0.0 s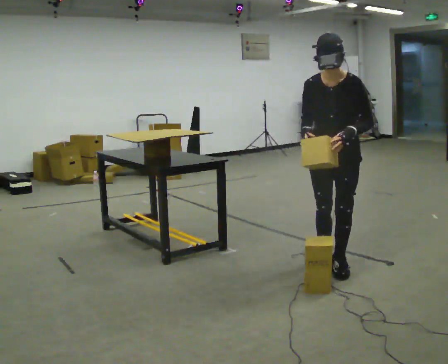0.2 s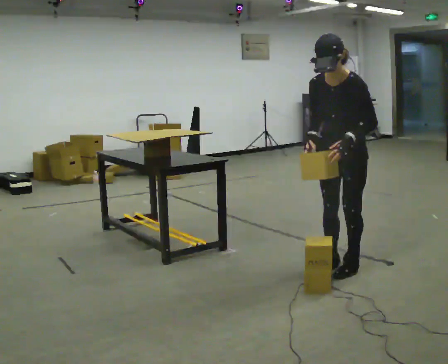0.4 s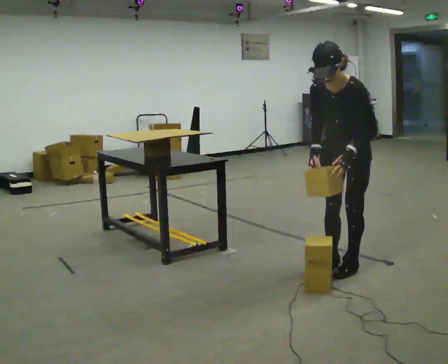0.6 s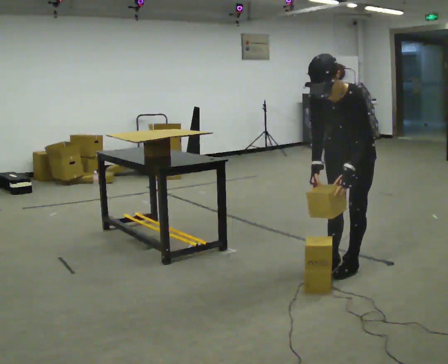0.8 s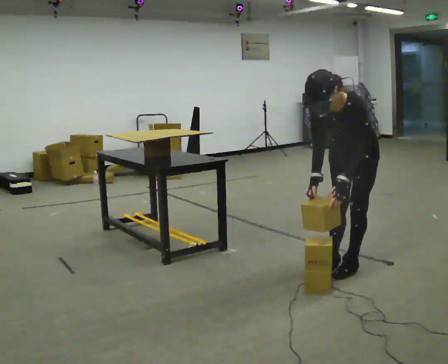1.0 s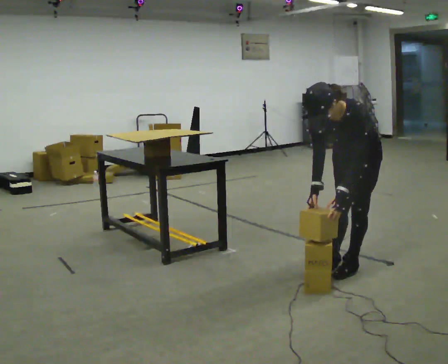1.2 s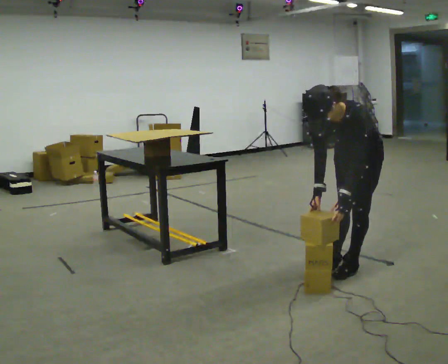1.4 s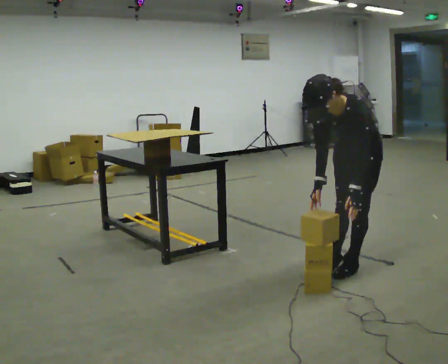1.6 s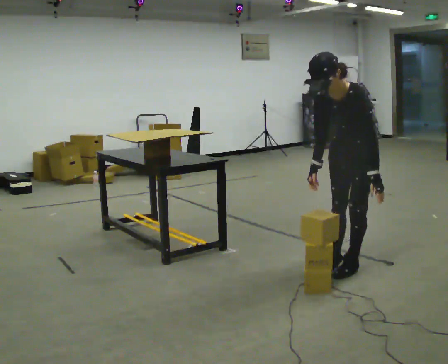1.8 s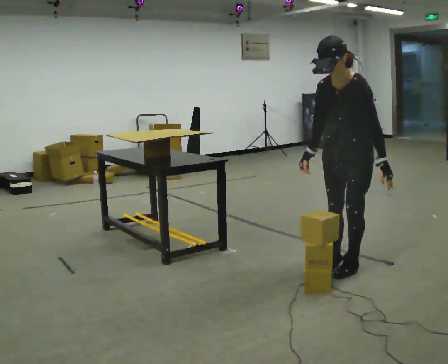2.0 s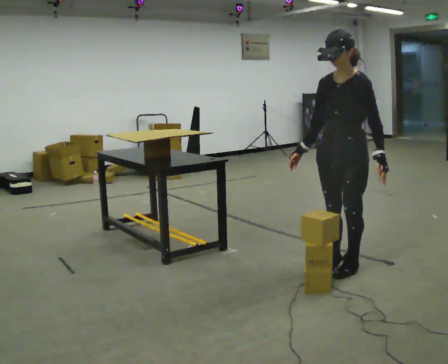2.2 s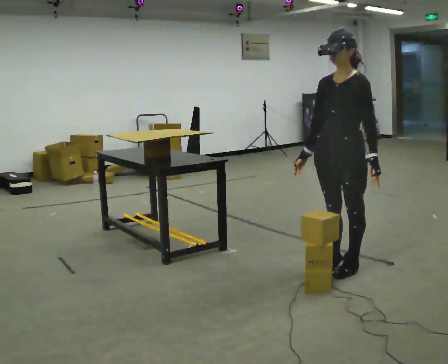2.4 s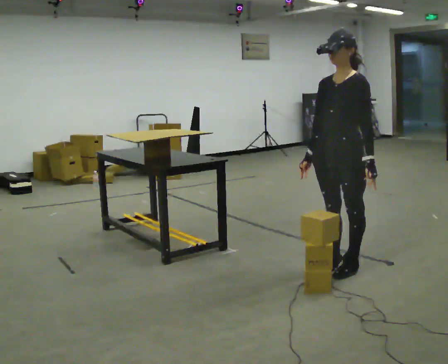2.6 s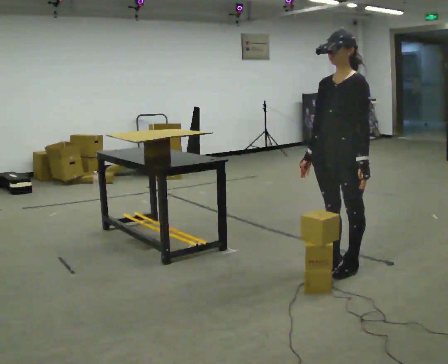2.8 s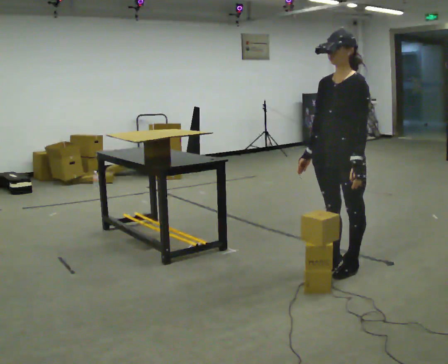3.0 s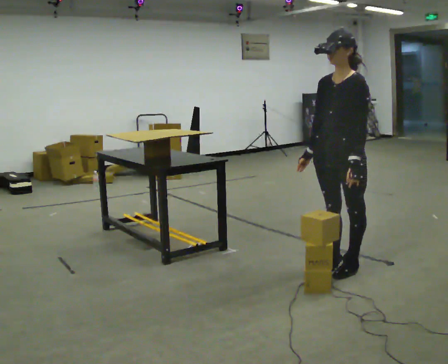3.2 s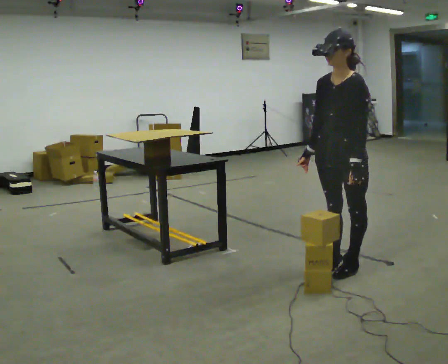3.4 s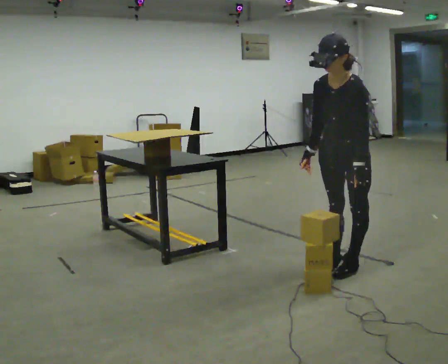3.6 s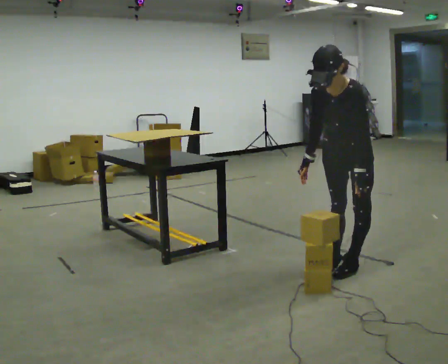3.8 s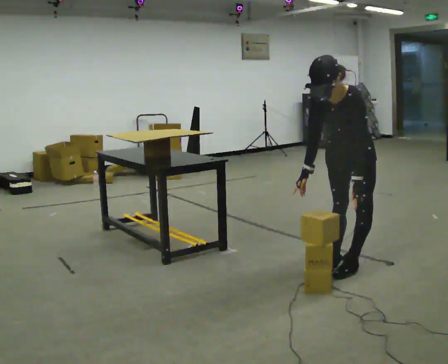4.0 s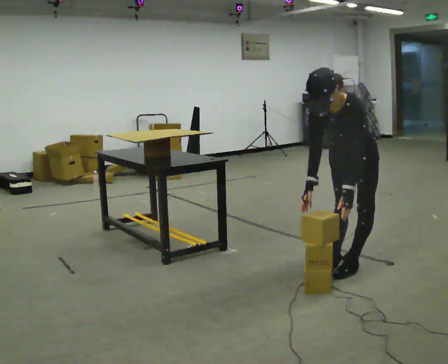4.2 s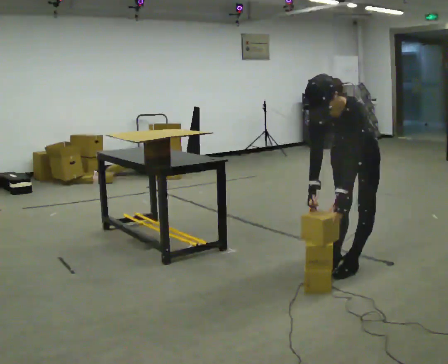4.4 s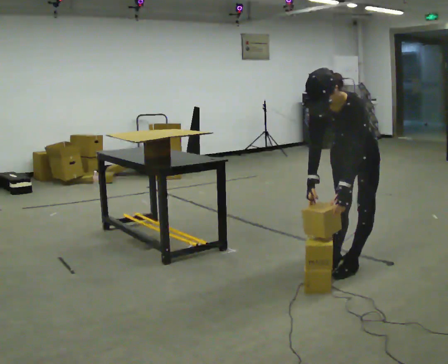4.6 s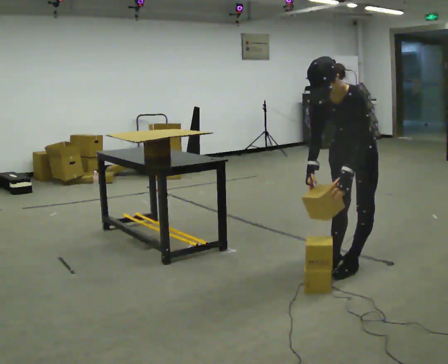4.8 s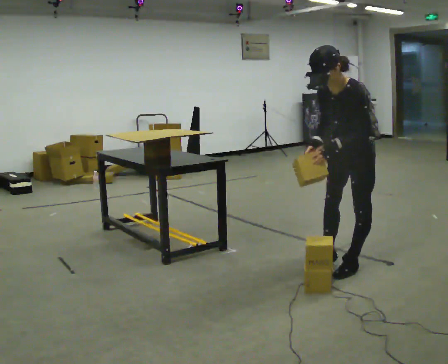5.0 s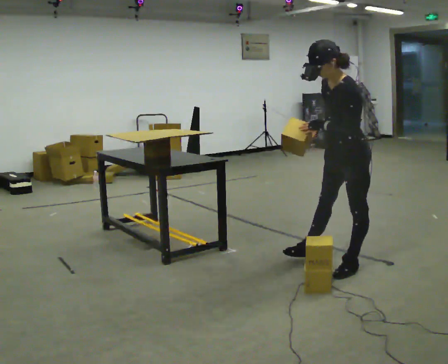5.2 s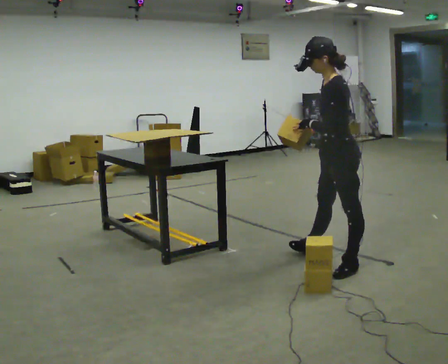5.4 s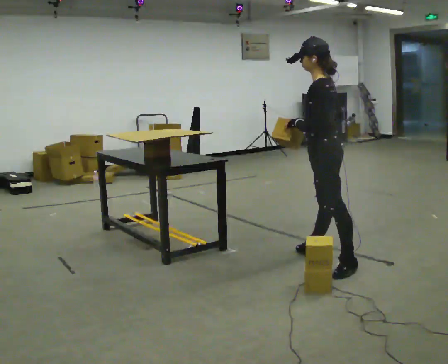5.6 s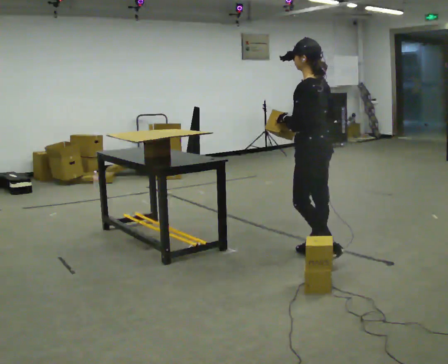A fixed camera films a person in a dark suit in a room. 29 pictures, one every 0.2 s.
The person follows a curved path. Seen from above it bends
counterclockwise.
The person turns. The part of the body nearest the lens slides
to the left.
0.0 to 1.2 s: In the picture they go to the right, about 0.25 m in 1 step, which for them is backward. The upper body goes downward. The upper body tips toward the camera, its near side rolling downward, as they bend forward. In the picture their left hand goes downward.
1.2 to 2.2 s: The shoulders move upward. The upper body tips away from the camera, its near side rolling upward, as they lean back or straighten.
2.2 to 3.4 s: The upper body tips toward the camera, its near side rolling downward, as they bend forward.
3.4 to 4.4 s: The person moves a little, or ends about where they began.
4.4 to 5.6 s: Seen from above the body turns clockwise, about 75 degrees: to their right, with its near side sliding to the left. In the picture they go to the left and away from the camera, about 0.5 m in 1 step. The upper body tips away from the camera, its near side rolling upward, as they lean back or straighten. In the picture their left hand goes upward.
The film runs forward here.
